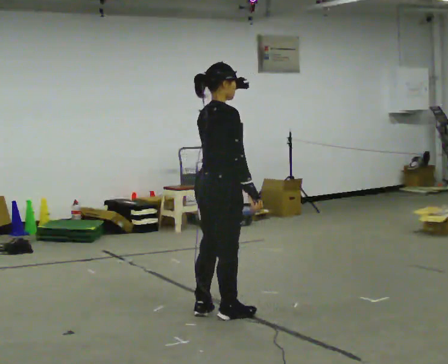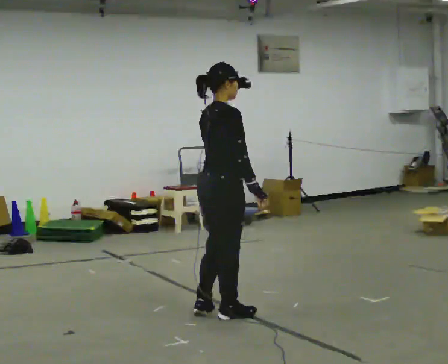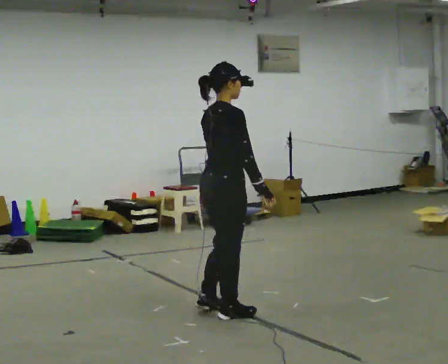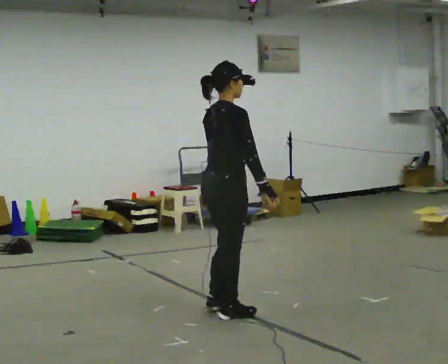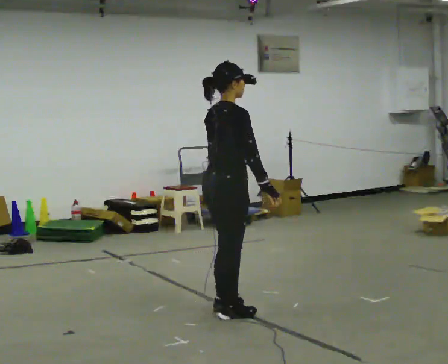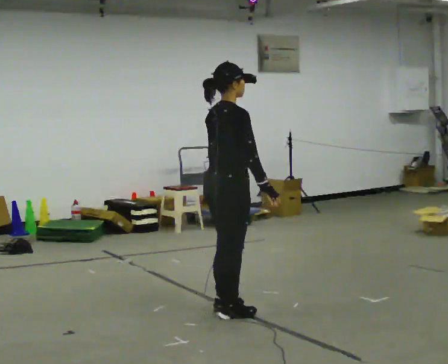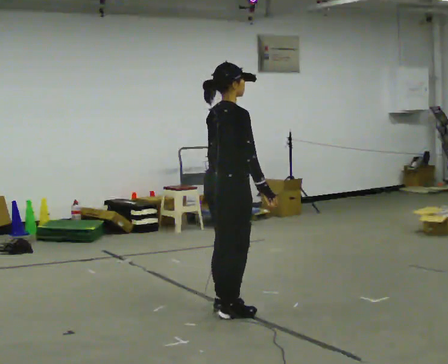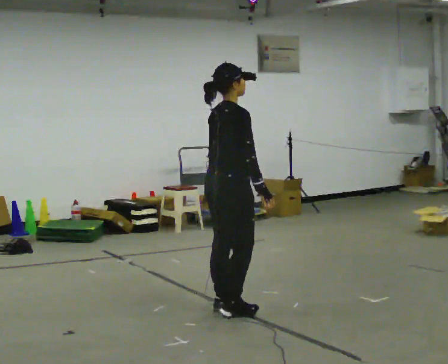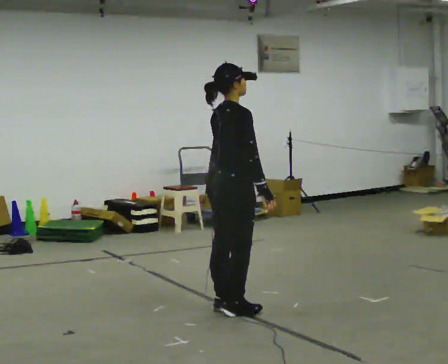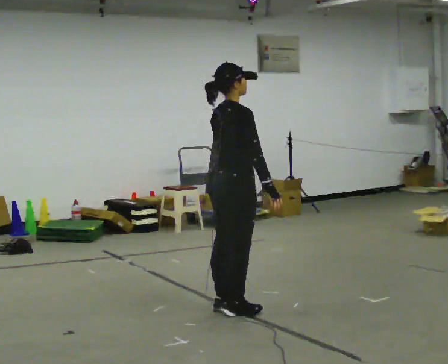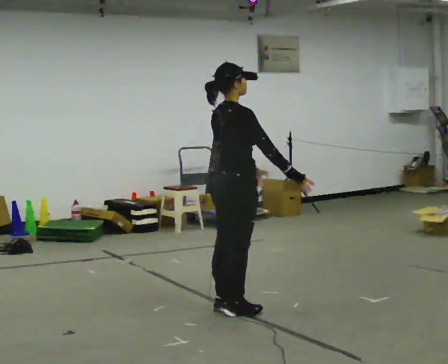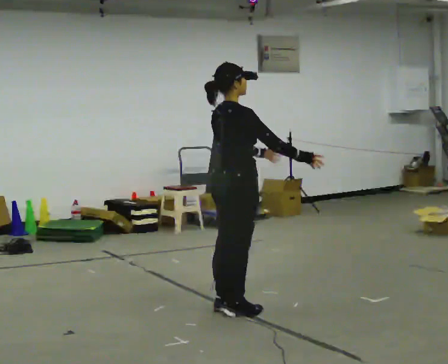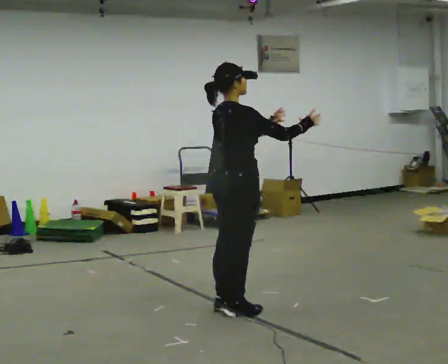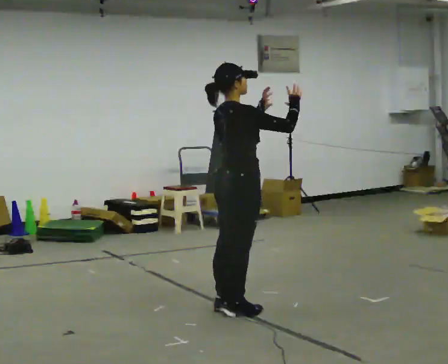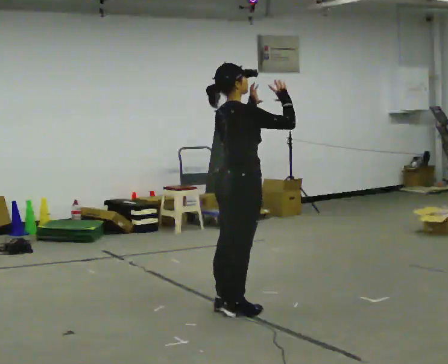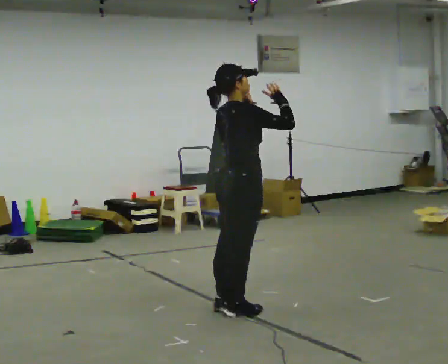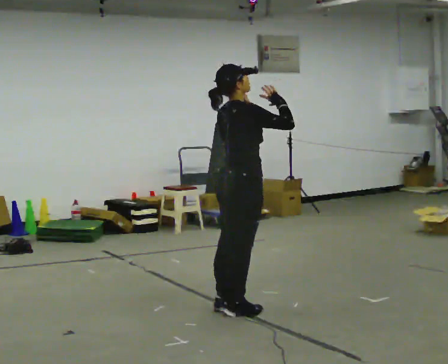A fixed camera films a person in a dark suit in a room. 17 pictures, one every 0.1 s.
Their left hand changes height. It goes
upward.
Their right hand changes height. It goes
upward.
0.0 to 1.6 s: In the picture their left hand goes upward.
The film runs forward here.
